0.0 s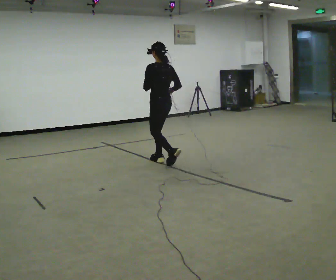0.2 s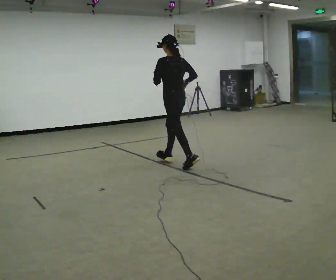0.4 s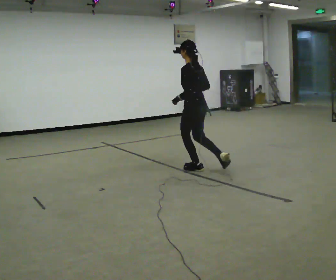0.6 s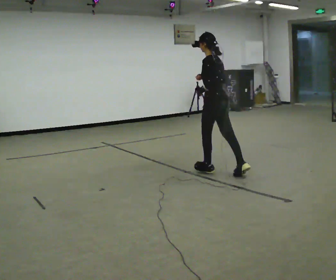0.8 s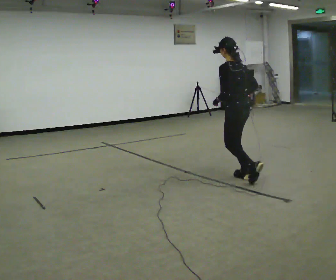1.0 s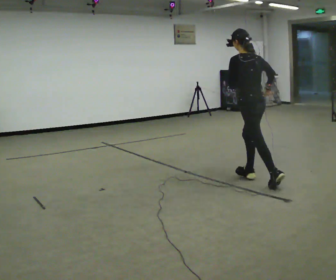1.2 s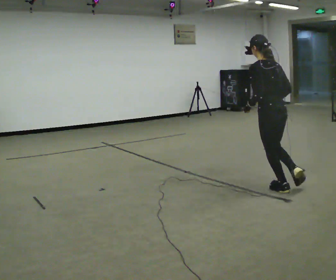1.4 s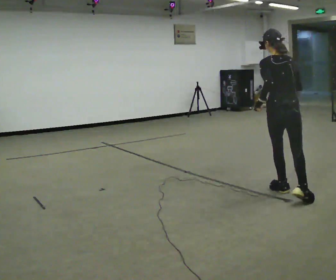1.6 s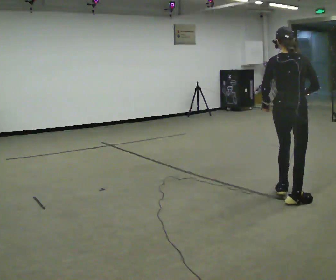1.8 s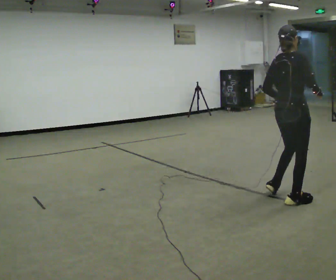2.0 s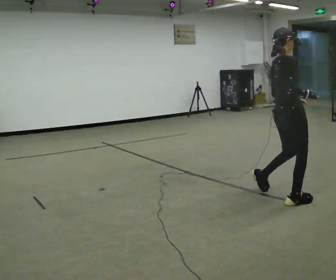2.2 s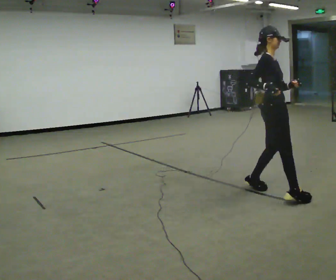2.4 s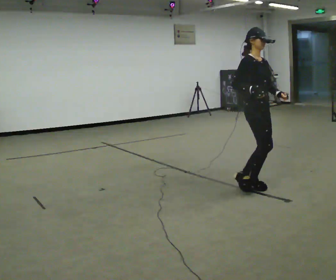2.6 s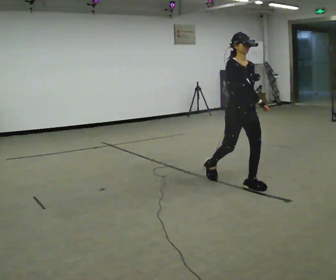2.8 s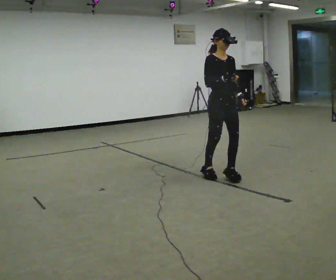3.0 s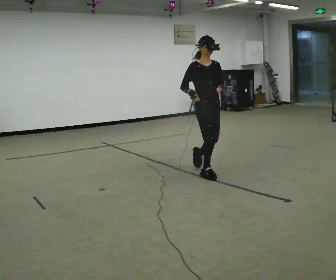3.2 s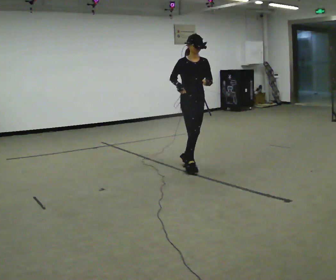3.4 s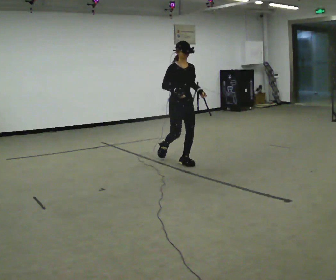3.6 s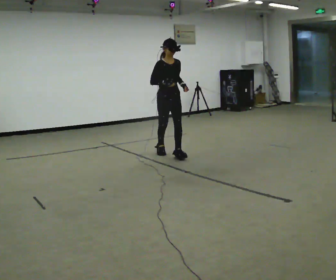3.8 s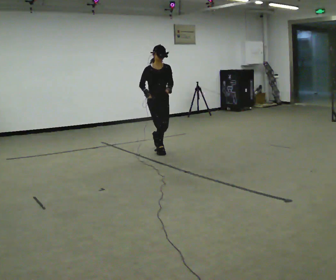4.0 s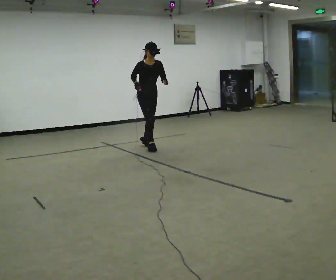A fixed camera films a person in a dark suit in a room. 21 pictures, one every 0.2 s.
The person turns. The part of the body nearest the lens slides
to the left.
The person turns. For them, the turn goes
to their right.
0.0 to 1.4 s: The part of the body nearest the lens slides to the left as the person turns to their right by about 30 degrees. In the picture they go to the right and toward the camera, about 2 m in 3 steps, which for them is backward.
1.4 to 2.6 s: The part of the body nearest the lens slides to the left as the person turns to their right by about 150 degrees. In the picture they go to the left and away from the camera, about 0.5 m in 2 steps.
2.6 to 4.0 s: In the picture they go away from the camera and to the left, about 2 m in 4 steps, which for them is backward.
The film runs backward here.
